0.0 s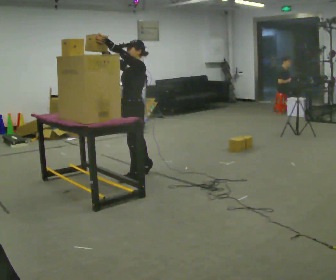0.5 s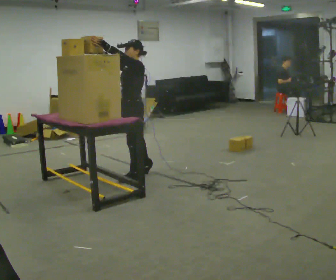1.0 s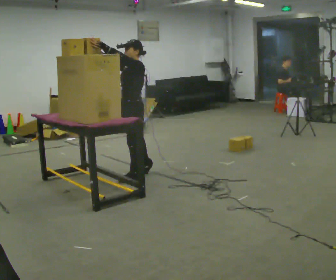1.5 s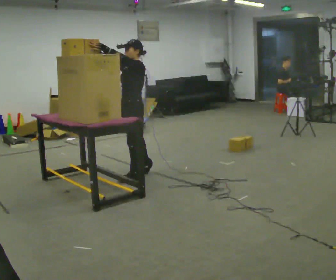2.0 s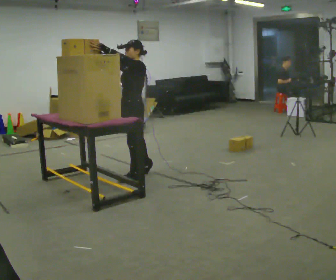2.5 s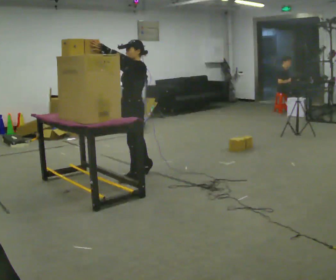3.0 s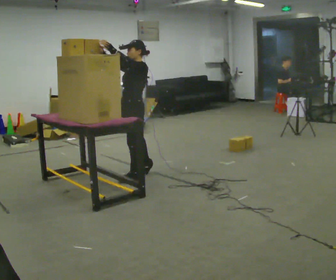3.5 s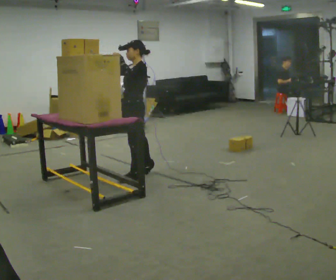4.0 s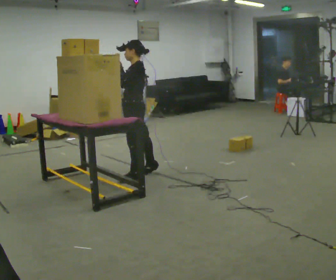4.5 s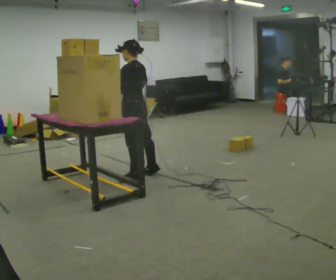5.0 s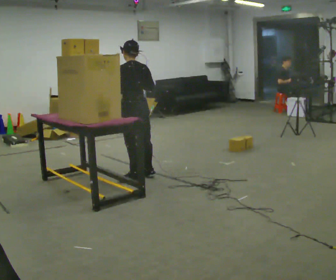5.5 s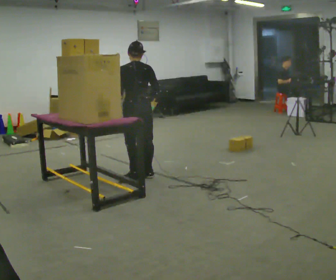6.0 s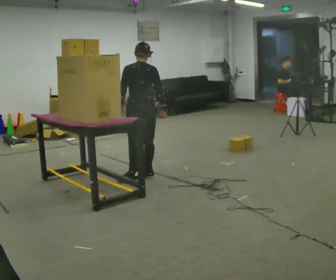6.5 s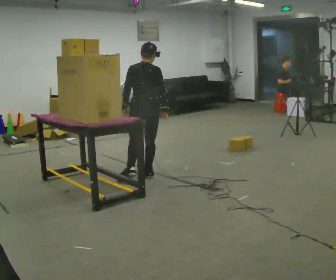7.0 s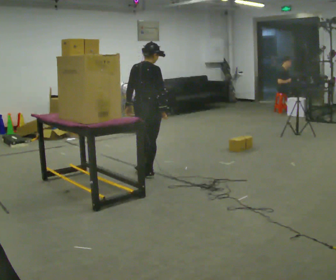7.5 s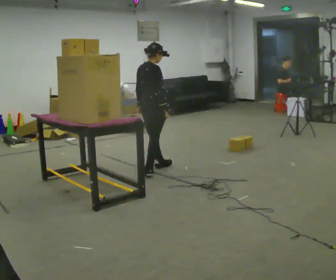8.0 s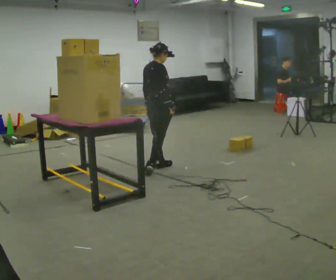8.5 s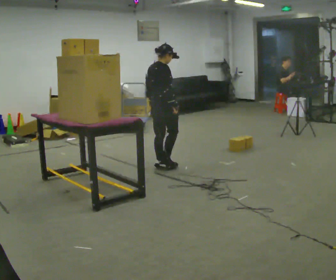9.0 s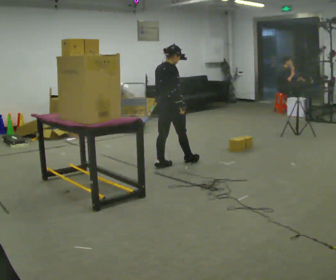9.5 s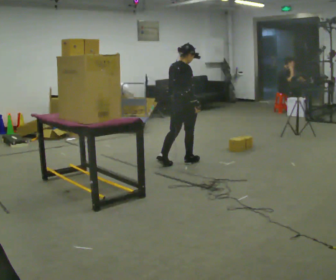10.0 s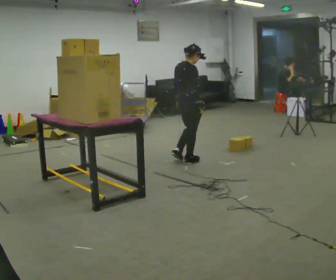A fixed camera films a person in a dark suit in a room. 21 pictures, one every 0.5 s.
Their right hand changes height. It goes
downward.
The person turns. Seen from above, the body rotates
clockwise.
0.0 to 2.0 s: The person moves a little, or ends about where they began.
2.0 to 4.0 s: Seen from above the body turns clockwise, about 30 degrees: to their right, with its near side sliding to the left.
4.0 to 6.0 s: Seen from above the body turns clockwise, about 75 degrees: to their right, with its near side sliding to the left. In the picture their right hand goes to the right and downward.
6.0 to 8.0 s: The person turns about 60 degrees to their right, clockwise seen from above, so the part of the body nearest the lens slides to the left. In the picture they go away from the camera and to the right, about 0.25 m in 1 step.
8.0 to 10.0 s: In the picture they go to the right, about 0.5 m in 1 step, which for them is forward.
The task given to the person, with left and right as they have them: Pick an object up off the floor, carry it across the room, and place it on the highest shelf you can comfortably reach. Keep going until the operator says stop; one object at a time, and do not rush between trips.
The film runs forward here.
